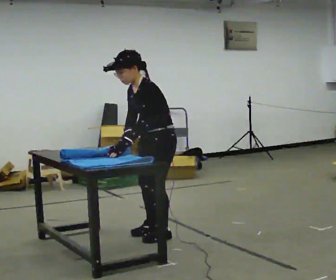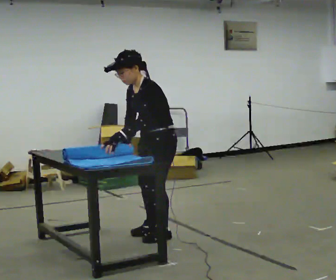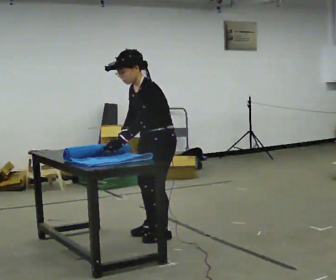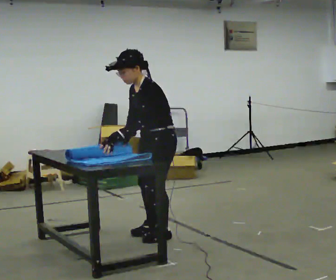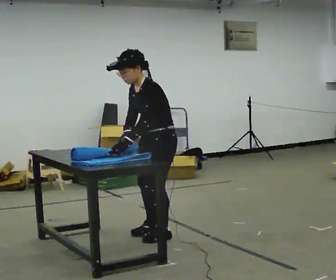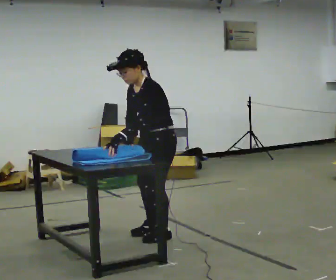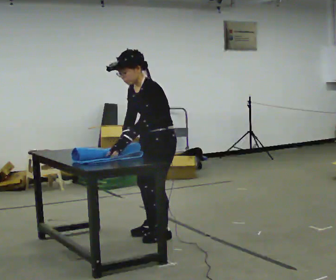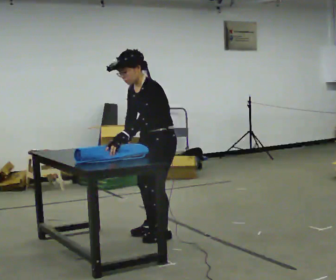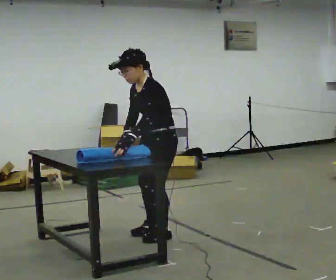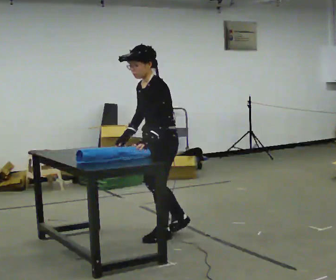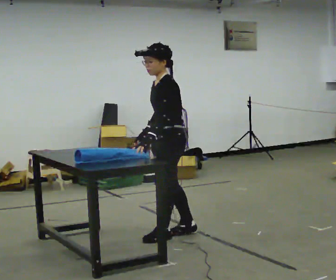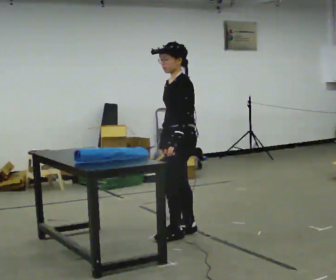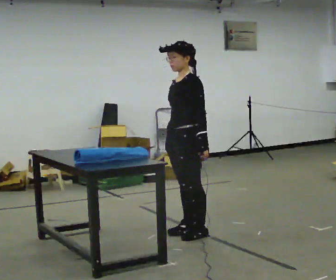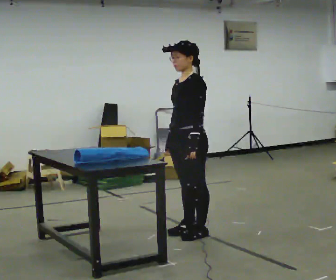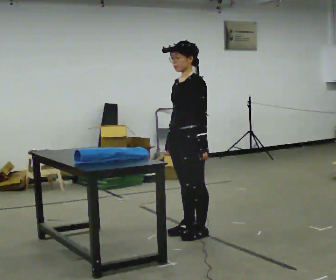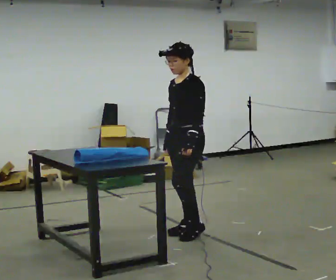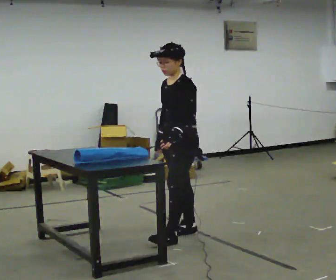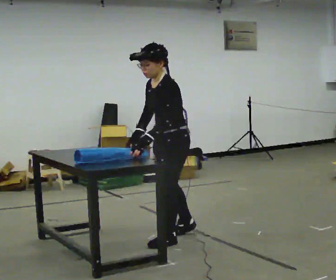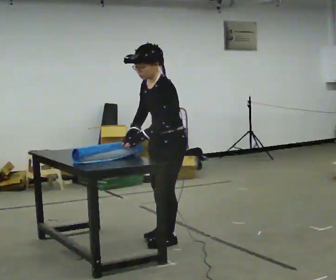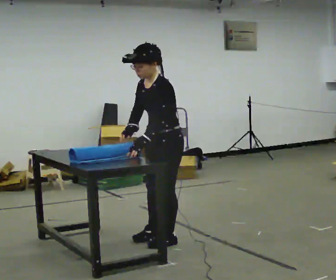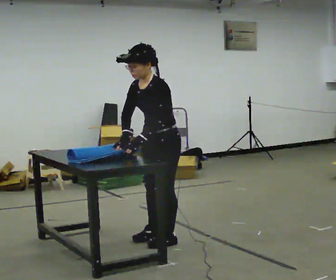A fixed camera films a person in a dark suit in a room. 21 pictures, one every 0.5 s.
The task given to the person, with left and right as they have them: Roll the mat up from one end, then unroll it again. Repeat at your own pace until the operator says stop.
0.0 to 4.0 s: The person moves a little, or ends about where they began.
4.0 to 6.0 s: In the picture they go to the right, about 0.25 m in 2 steps, which for them is backward. In the picture the upper body tilts clockwise, shoulders to the right, as they lean back or straighten. In the picture their left hand goes to the right.
6.0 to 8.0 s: The person moves a little, or ends about where they began.
8.0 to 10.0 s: In the picture they go toward the camera and to the left, about 0.25 m in 1 step, which for them is forward.
The film runs forward here.
